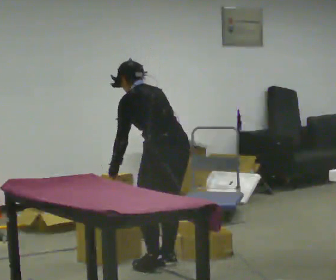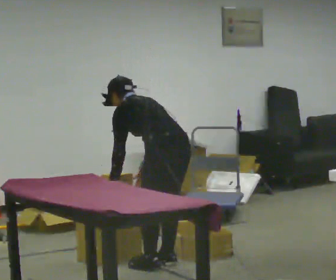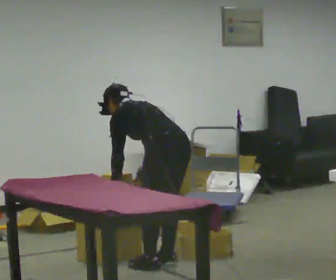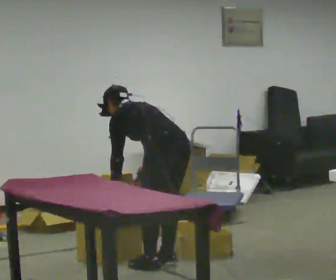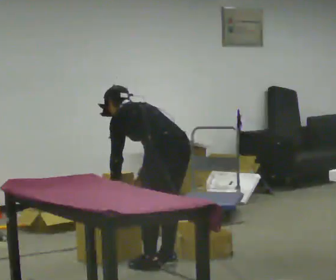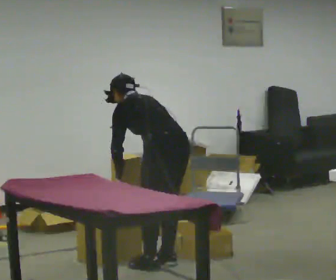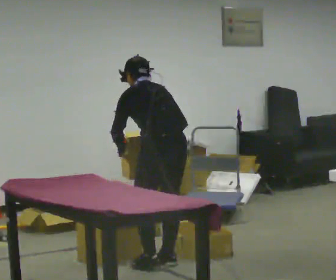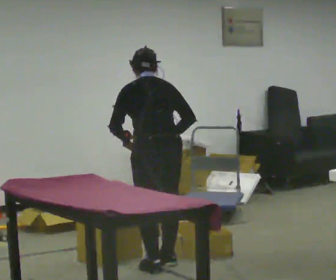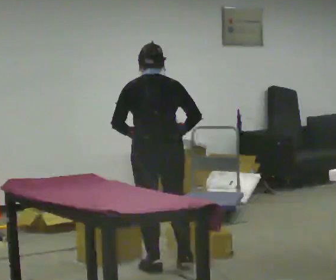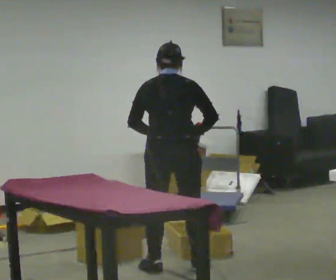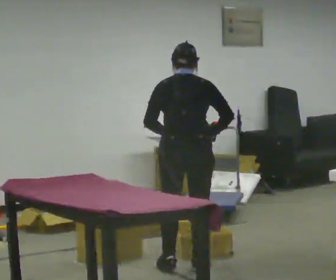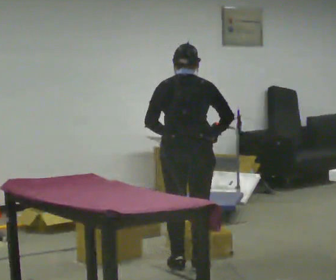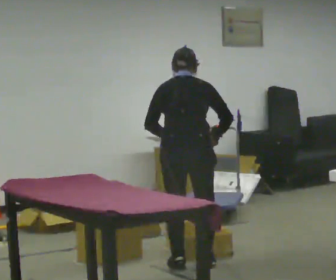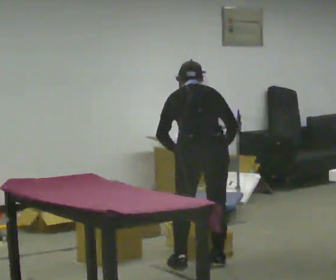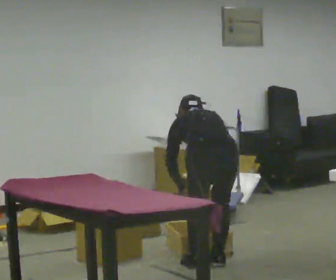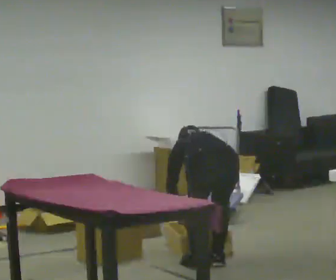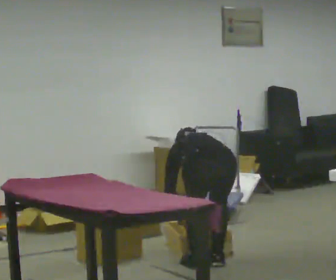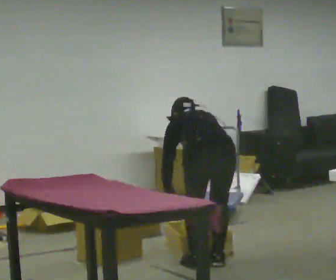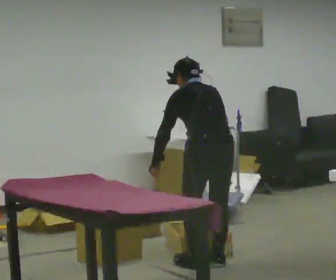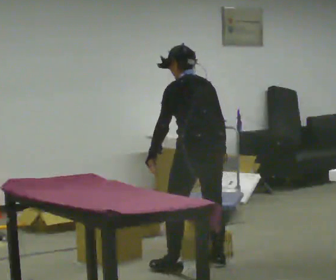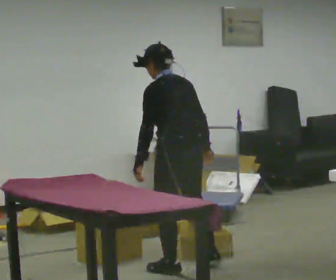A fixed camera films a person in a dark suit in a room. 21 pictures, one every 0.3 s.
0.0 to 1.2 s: In the picture the upper body tilts counterclockwise, shoulders to the left, as they bend forward.
1.2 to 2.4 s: The person turns about 45 degrees to their right, clockwise seen from above, so the part of the body nearest the lens slides to the left. The shoulders move upward. In the picture the upper body tilts clockwise, shoulders to the right, as they lean back or straighten. In the picture their left hand goes upward.
2.4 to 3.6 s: In the picture they go to the right, about 0.25 m in 2 steps, which for them is to their right.
3.6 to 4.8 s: The upper body goes downward. The upper body tips away from the camera, its near side rolling upward, as they bend forward. In the picture their left hand goes downward.
4.8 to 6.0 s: Seen from above the body turns counterclockwise, about 30 degrees: to their left, with its near side sliding to the right. In the picture they go to the left, about 0.25 m in 1 step, which for them is to their left. The shoulders move upward. The upper body tips toward the camera, its near side rolling downward, as they lean back or straighten. In the picture their left hand goes upward.
The film runs forward here.
